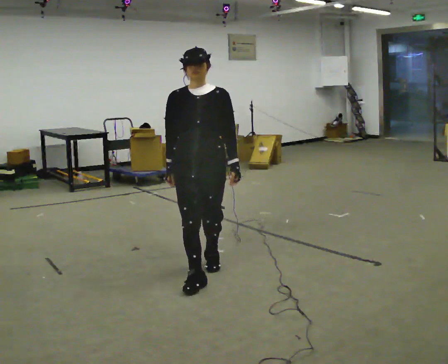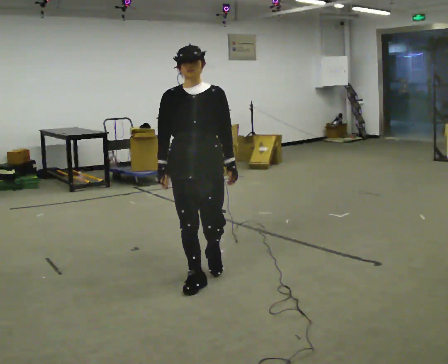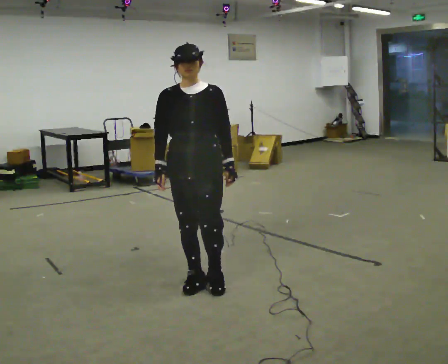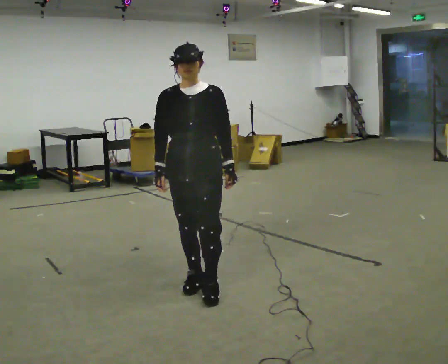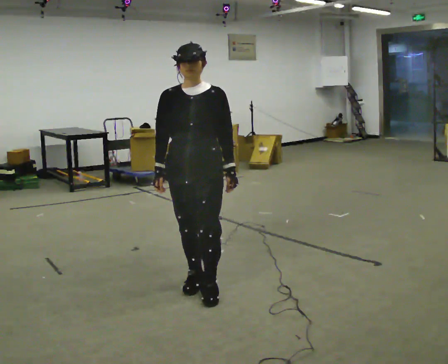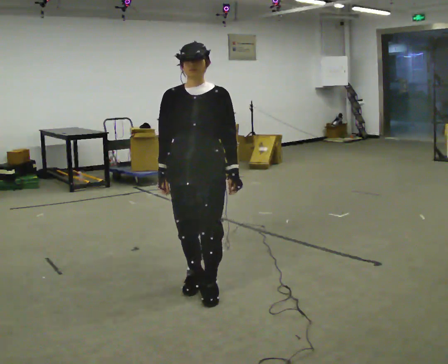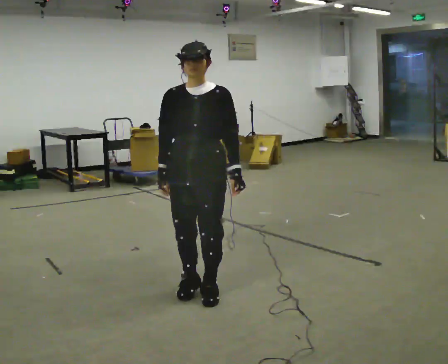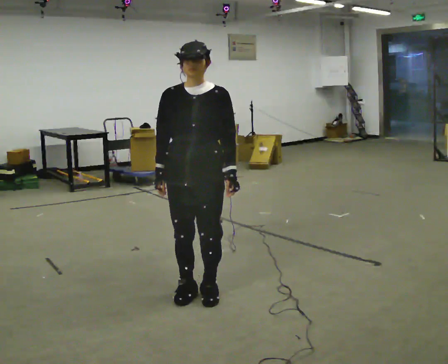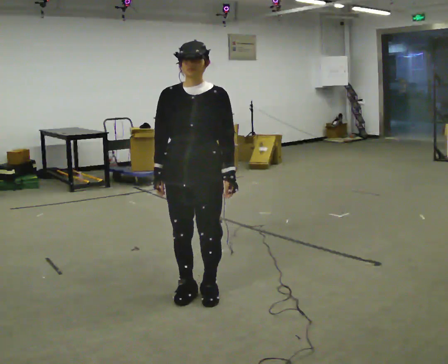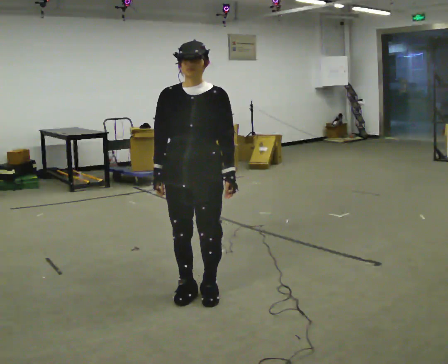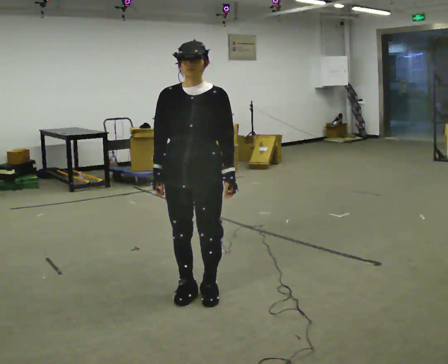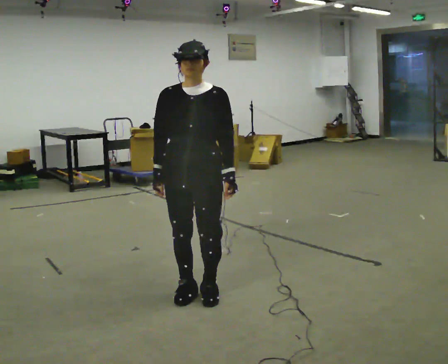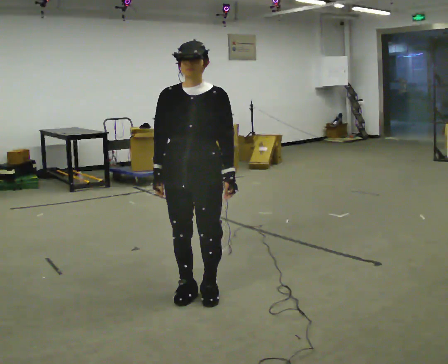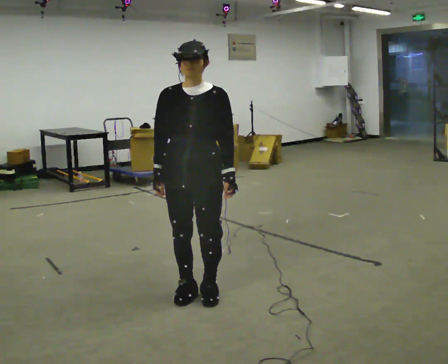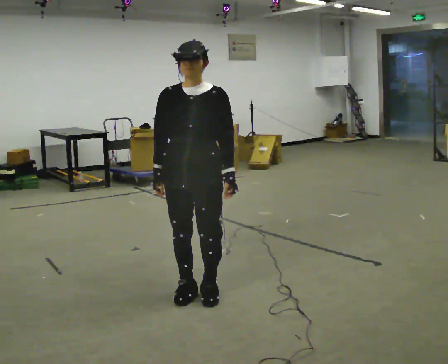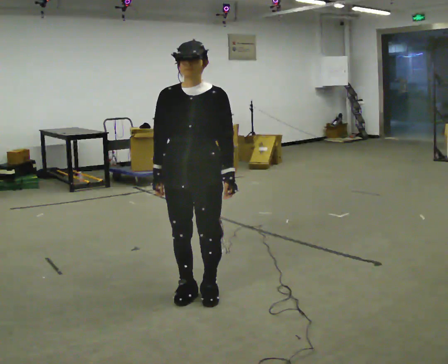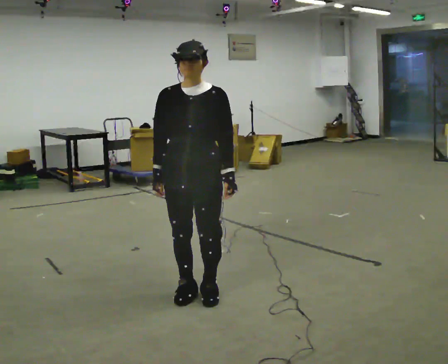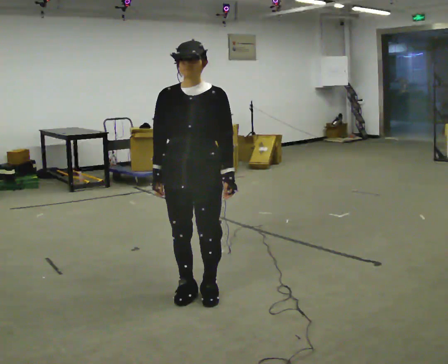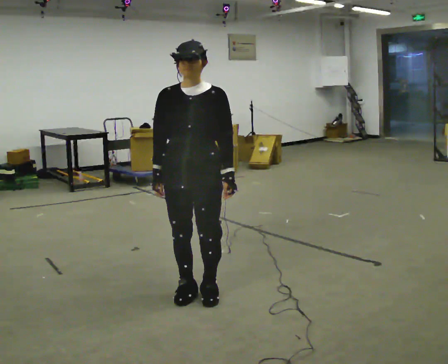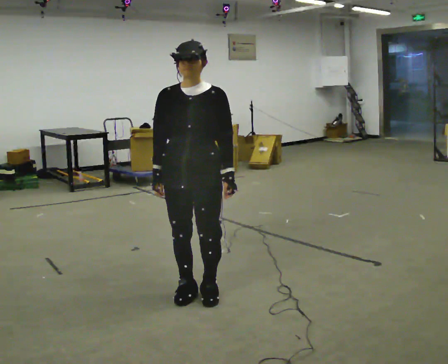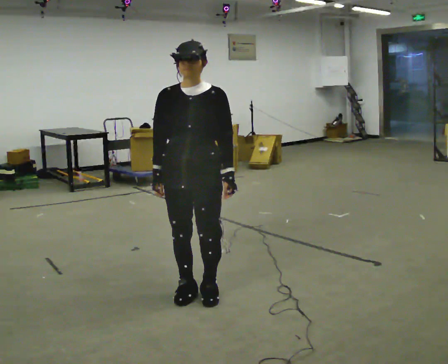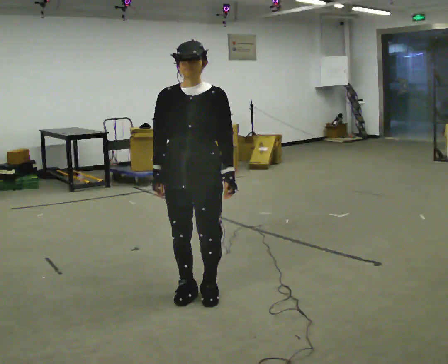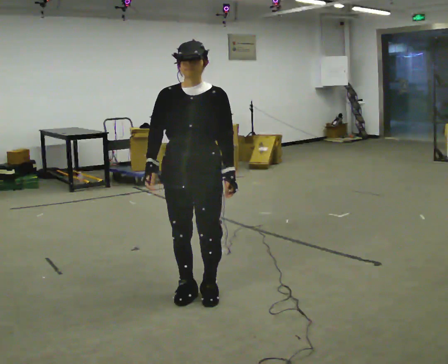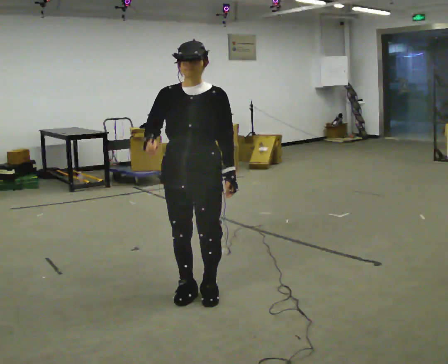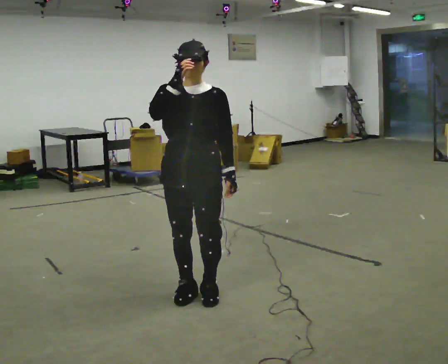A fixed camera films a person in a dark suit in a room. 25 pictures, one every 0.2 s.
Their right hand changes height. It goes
upward.
0.0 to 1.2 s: In the picture they go toward the camera, about 0.25 m in 1 step, which for them is forward.
1.2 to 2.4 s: The person moves a little, or ends about where they began.
2.4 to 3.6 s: The person keeps their place and pose.
3.6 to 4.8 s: In the picture their right hand goes upward.
The film runs forward here.
